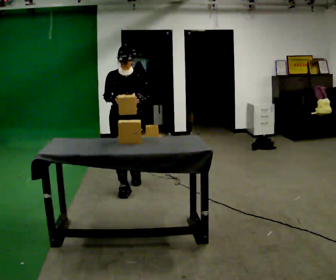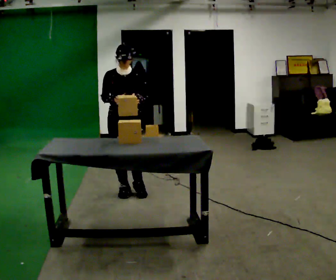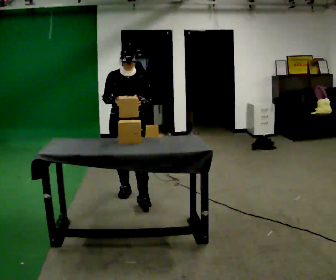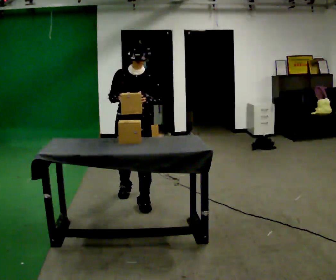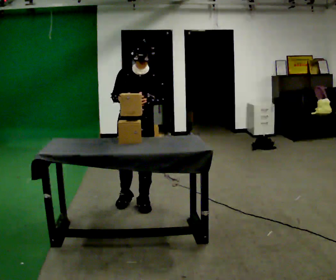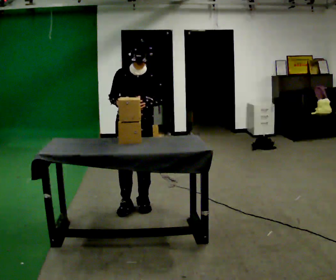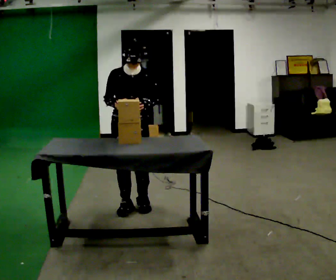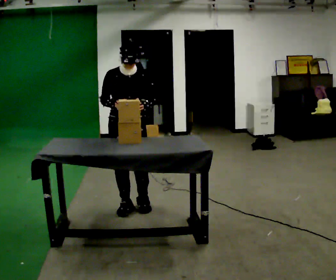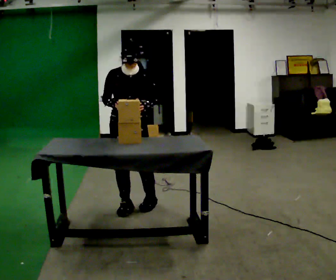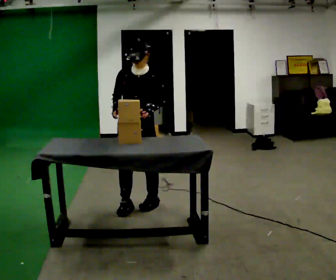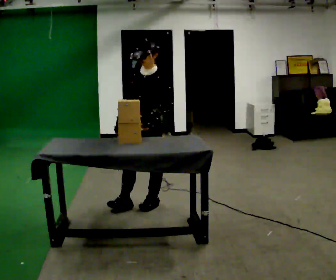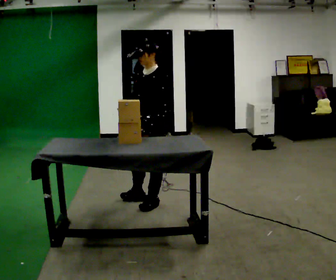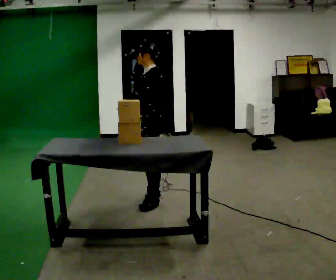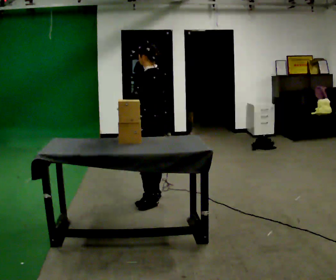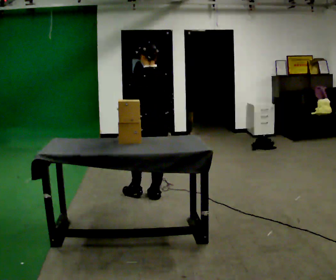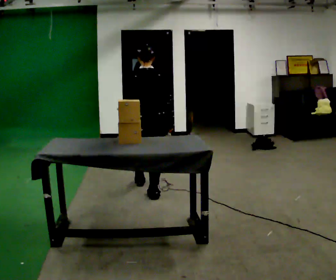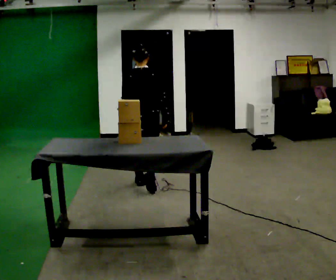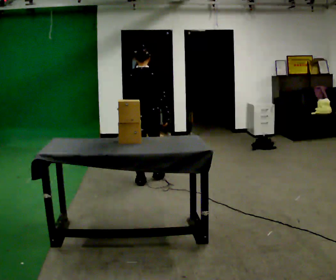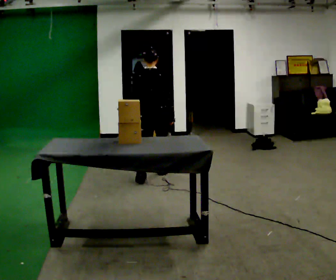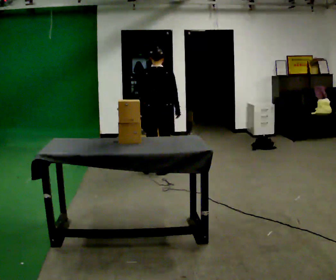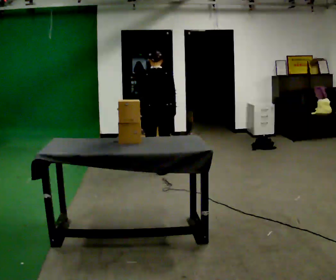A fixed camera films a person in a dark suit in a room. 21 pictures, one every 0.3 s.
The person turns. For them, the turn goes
to their right.
The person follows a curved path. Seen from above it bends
counterclockwise.
0.0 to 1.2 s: In the picture they go toward the camera, about 0.5 m in 1 step, which for them is forward.
1.2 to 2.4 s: The person moves a little, or ends about where they began.
2.4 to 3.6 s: Seen from above the body turns clockwise, about 105 degrees: to their right, with its near side sliding to the left. In the picture they go to the right and away from the camera, about 0.25 m in 1 step.
3.6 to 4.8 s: Seen from above the body turns clockwise, about 90 degrees: to their right, with its near side sliding to the left. In the picture they go away from the camera, about 0.5 m in 1 step.
4.8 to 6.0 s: In the picture they go away from the camera, about 0.75 m in 1 step, which for them is forward.
The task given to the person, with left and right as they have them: Take objects out of the bin one at a time and lay them out on the table, stepping between the bin and the table each time. Keep going until the operator says stop; one object at a time, and do not rush between trips.
The film runs forward here.
